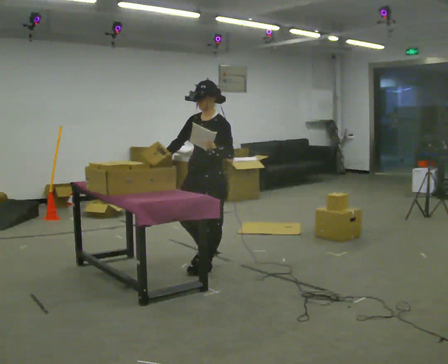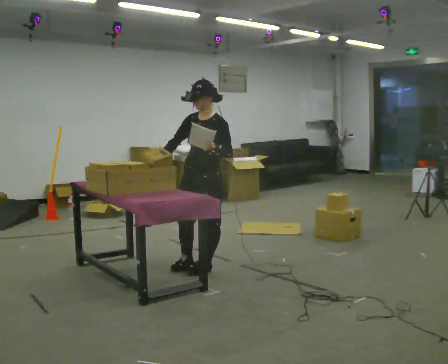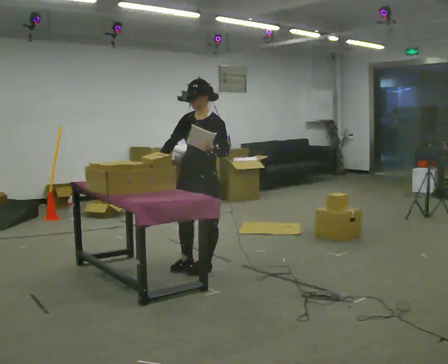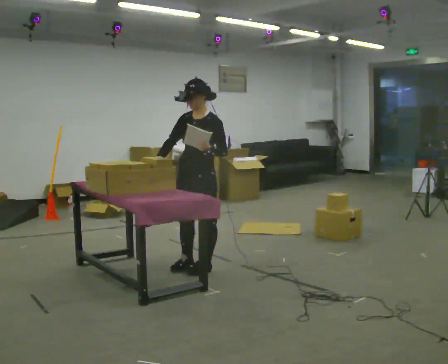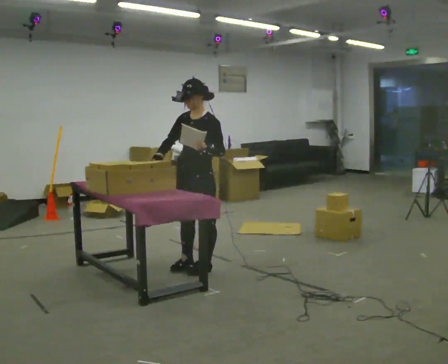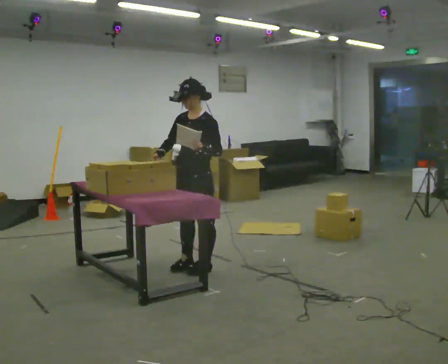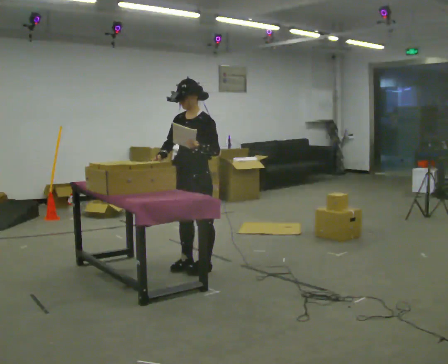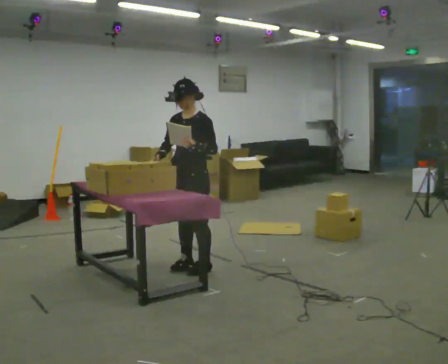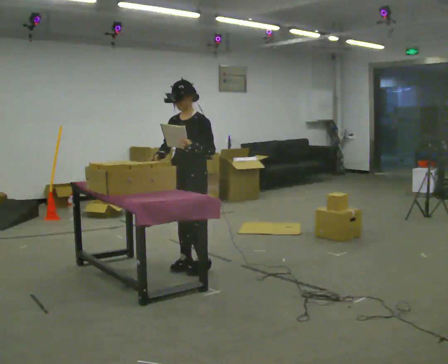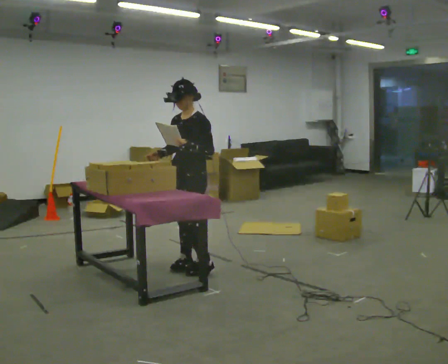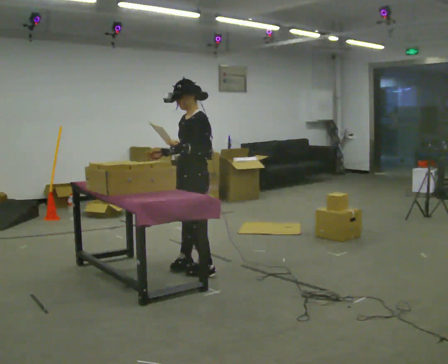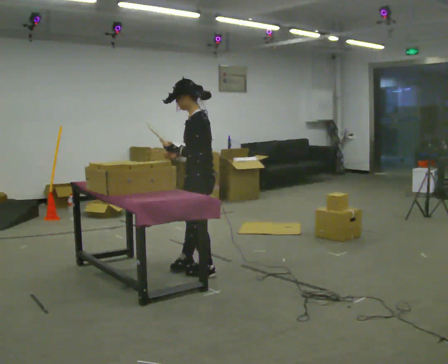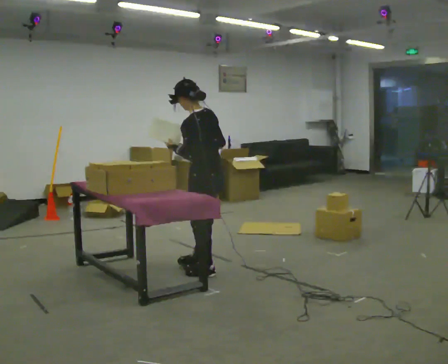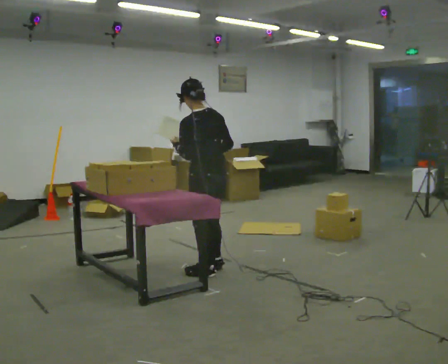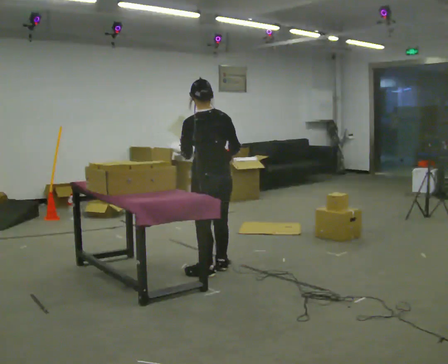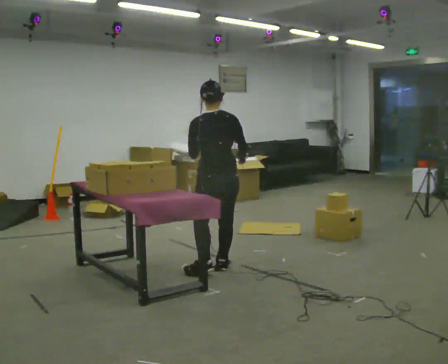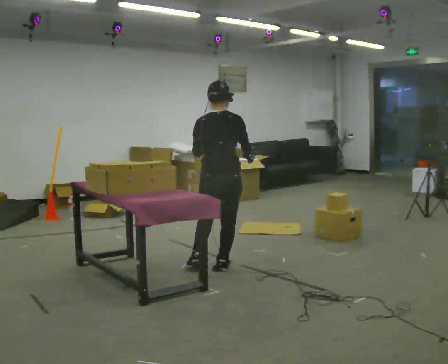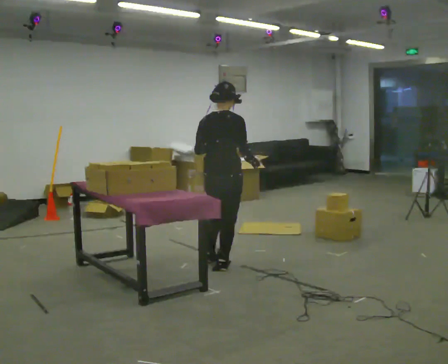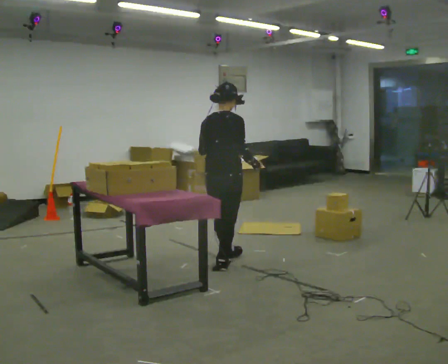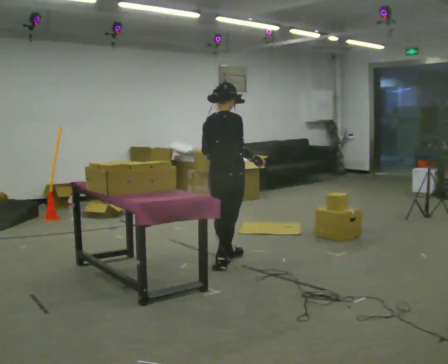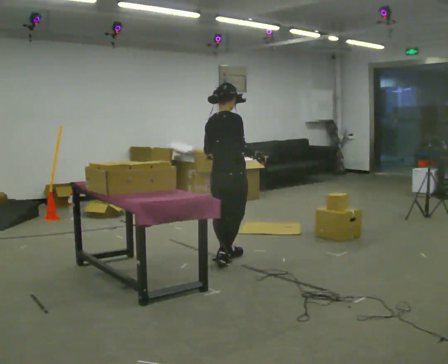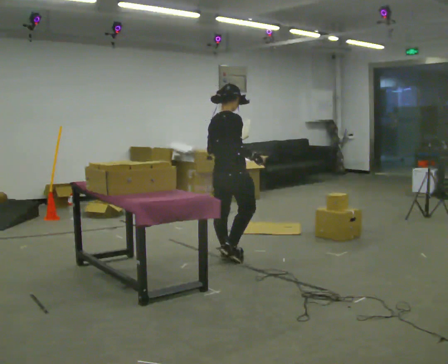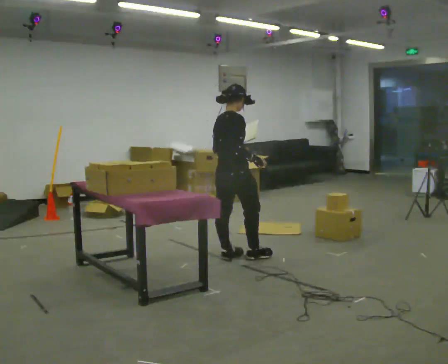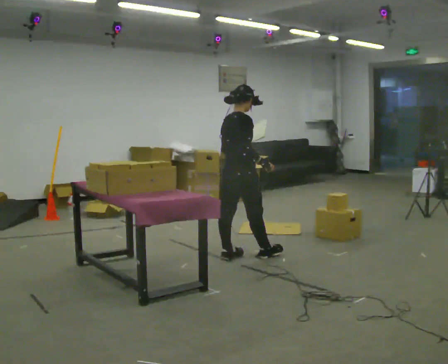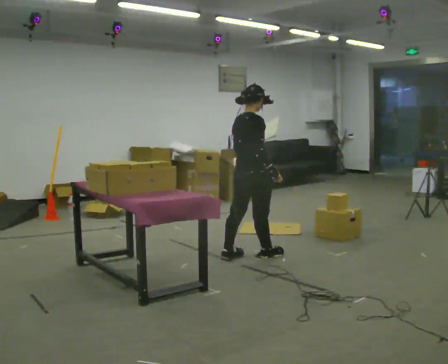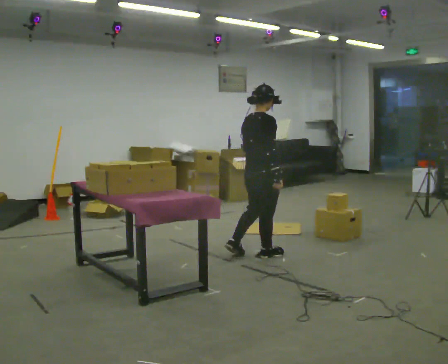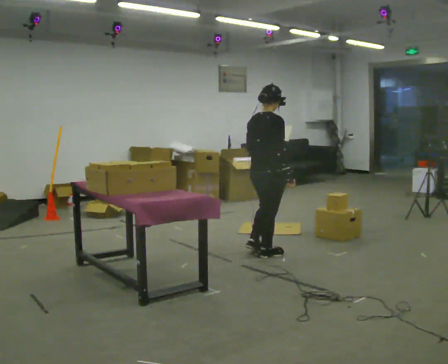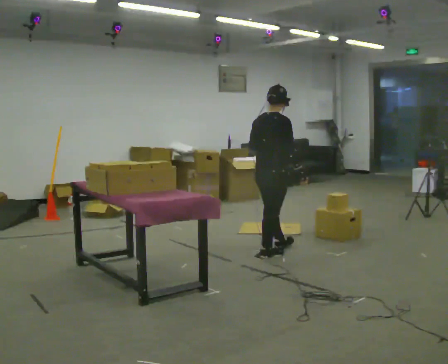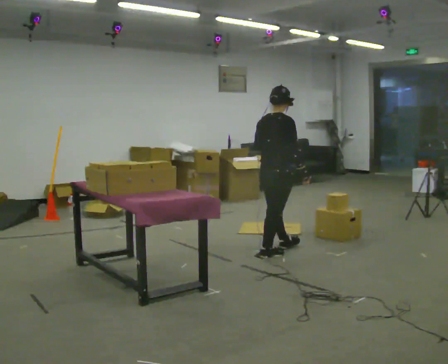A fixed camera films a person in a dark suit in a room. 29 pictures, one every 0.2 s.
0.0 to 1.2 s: The person moves a little, or ends about where they began.
1.2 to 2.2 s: The person turns about 60 degrees to their right, clockwise seen from above, so the part of the body nearest the lens slides to the left.
2.2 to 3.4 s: The person turns about 105 degrees to their right, clockwise seen from above, so the part of the body nearest the lens slides to the left. In the picture their right hand goes to the right.
3.4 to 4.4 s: The person turns about 30 degrees to their right, clockwise seen from above, so the part of the body nearest the lens slides to the left. In the picture they go away from the camera, about 0.25 m in 1 step, which for them is forward and to their left.
4.4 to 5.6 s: In the picture they go to the right, about 0.5 m in 2 steps, which for them is forward and to their right.
The film runs forward here.
